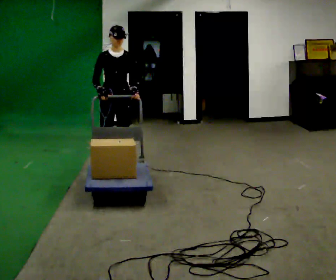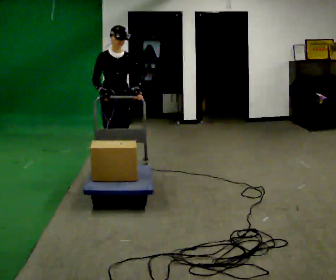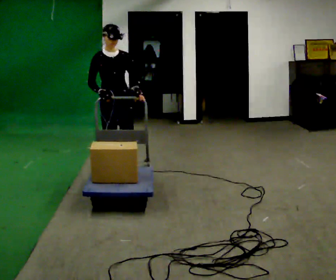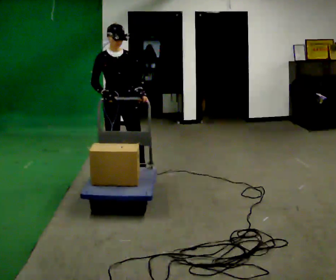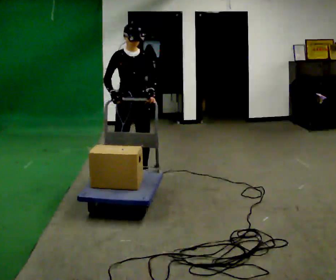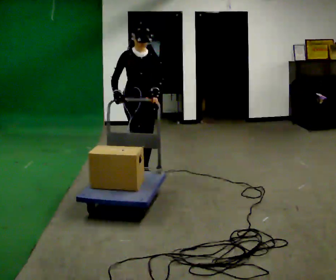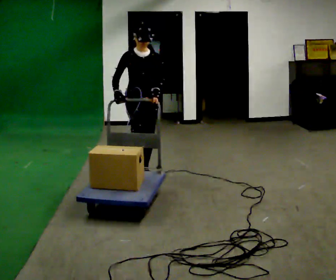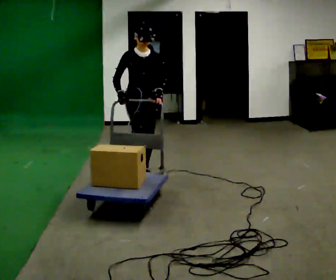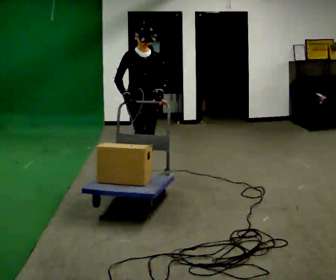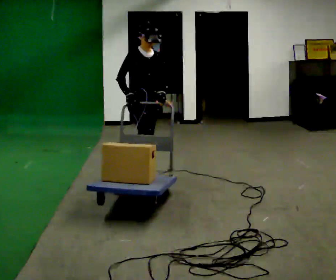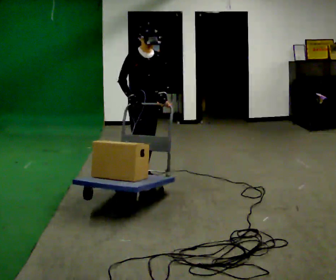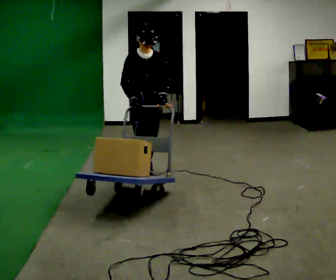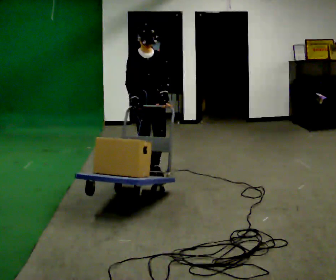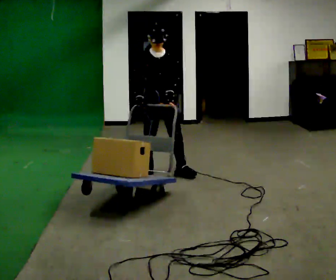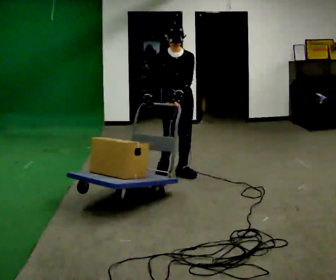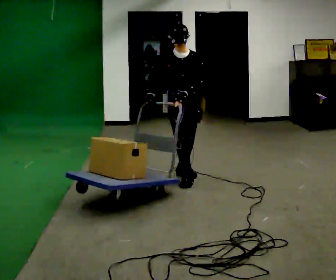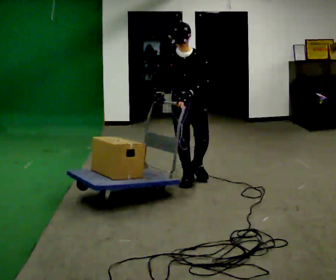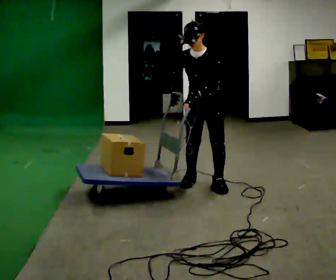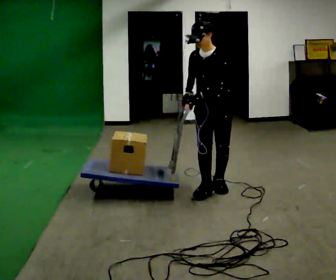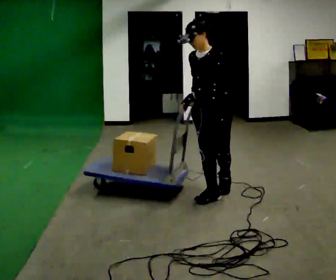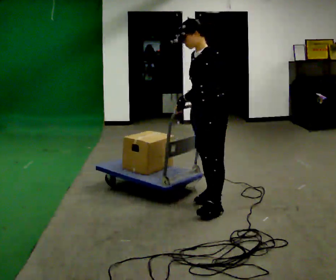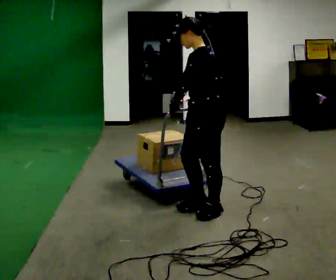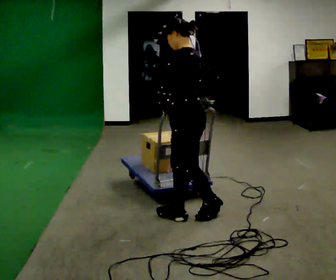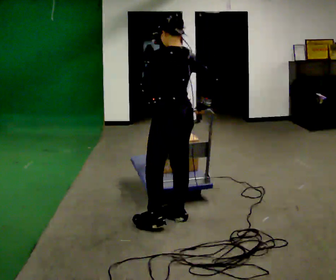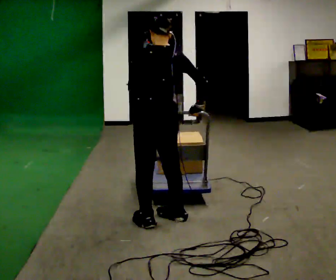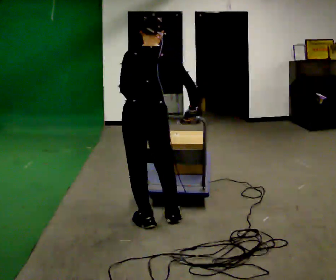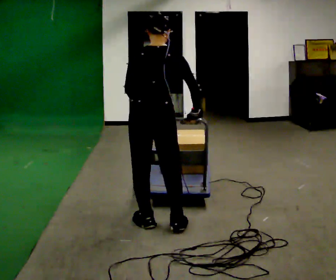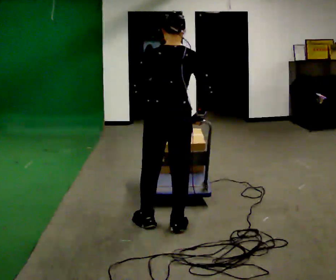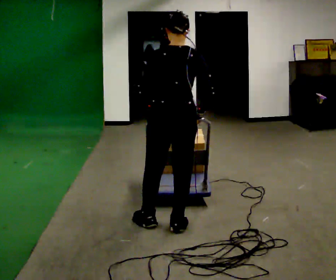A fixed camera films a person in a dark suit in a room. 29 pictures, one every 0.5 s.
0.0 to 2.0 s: In the picture they go toward the camera and to the right, about 0.25 m in 2 steps, which for them is forward.
2.0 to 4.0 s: The person moves a little, or ends about where they began.
4.0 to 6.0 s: In the picture they go away from the camera, about 0.25 m in 1 step, which for them is backward and to their left.
6.0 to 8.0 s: In the picture they go to the right and toward the camera, about 0.5 m in 2 steps, which for them is forward and to their left.
8.0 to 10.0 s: Seen from above the body turns clockwise, about 60 degrees: to their right, with its near side sliding to the left. In the picture they go toward the camera, about 0.75 m in 3 steps.
10.0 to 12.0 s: The person turns about 90 degrees to their right, clockwise seen from above, so the part of the body nearest the lens slides to the left. In the picture they go to the left and toward the camera, about 0.5 m in 2 steps.
12.0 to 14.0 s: The person moves a little, or ends about where they began.
The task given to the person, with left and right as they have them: Push the cart along the marked route and round the corner to the side the operator calls.
The film runs forward here.
